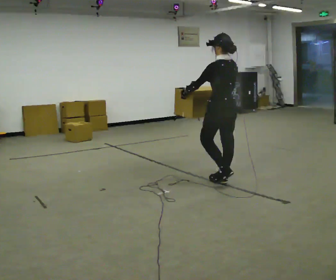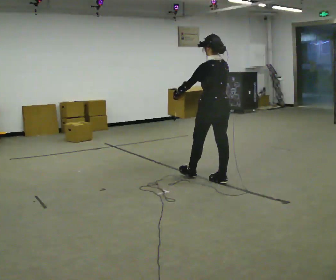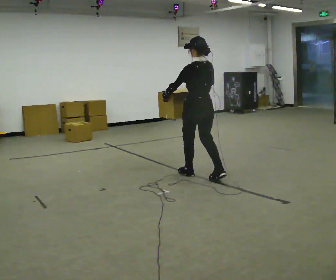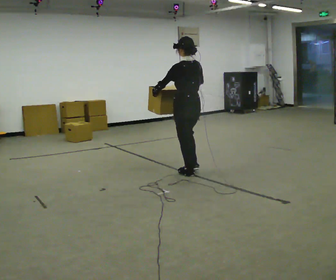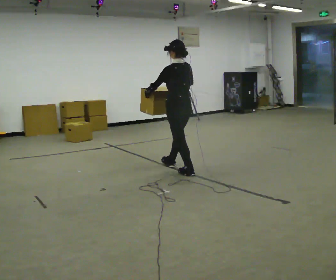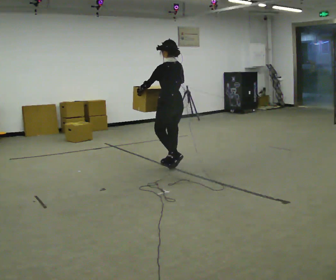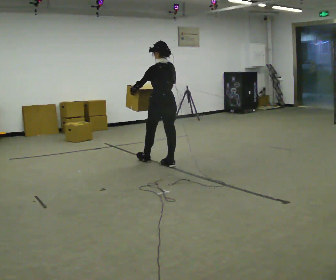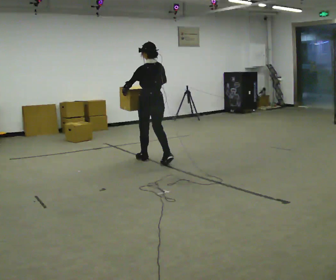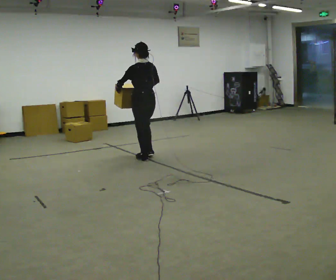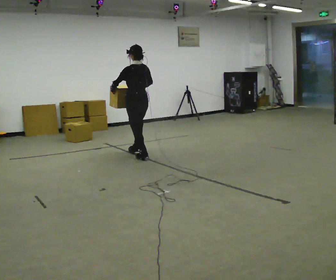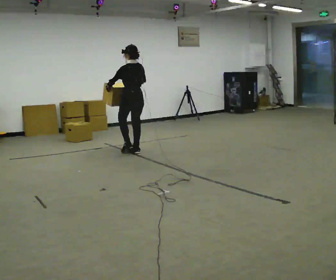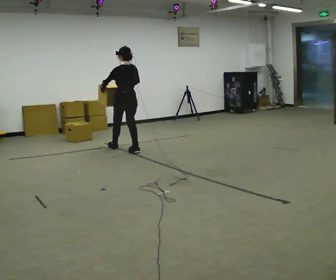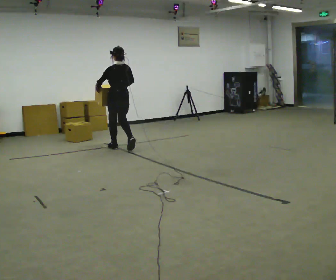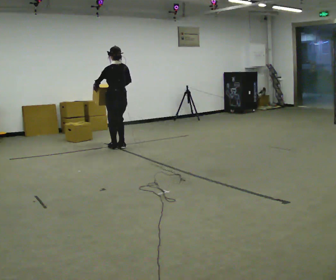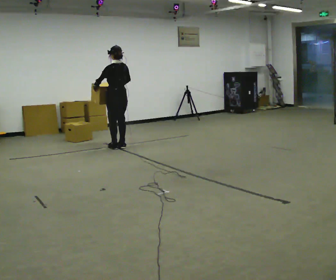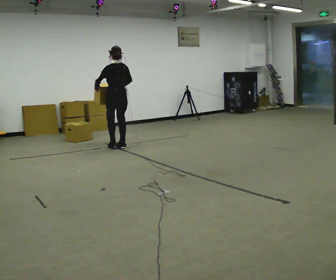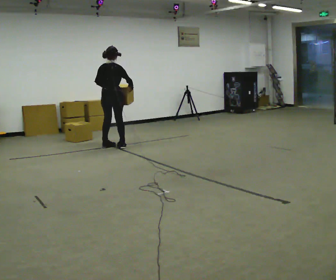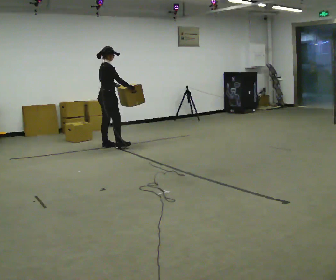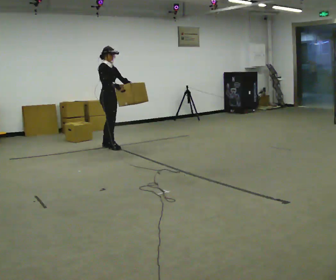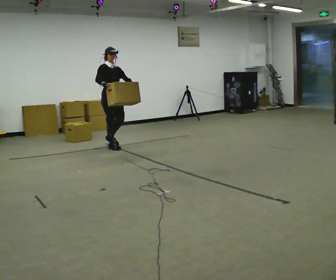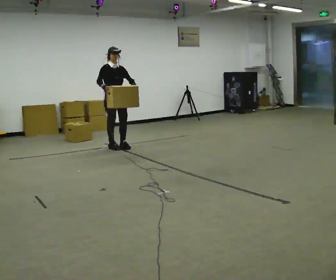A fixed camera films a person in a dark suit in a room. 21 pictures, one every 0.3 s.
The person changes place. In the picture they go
away from the camera.
0.0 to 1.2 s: In the picture they go away from the camera and to the left, about 0.5 m in 2 steps, which for them is forward.
1.2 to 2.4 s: In the picture they go away from the camera and to the left, about 1 m in 1 step, which for them is forward.
2.4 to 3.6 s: In the picture they go away from the camera and to the left, about 1 m in 2 steps, which for them is forward.
3.6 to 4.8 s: Seen from above the body turns clockwise, about 45 degrees: to their right, with its near side sliding to the left. In the picture they go away from the camera, about 0.25 m in 2 steps, which for them is forward.
4.8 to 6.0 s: The person turns about 135 degrees to their right, clockwise seen from above, so the part of the body nearest the lens slides to the left. In the picture their right hand goes to the left.
The film runs forward here.
